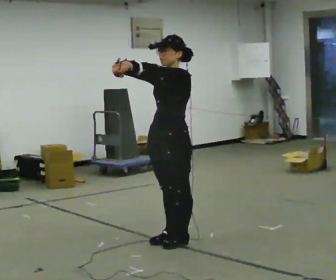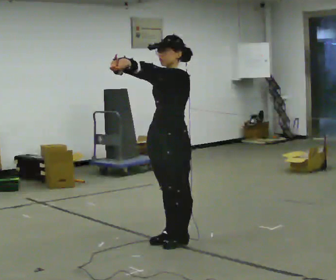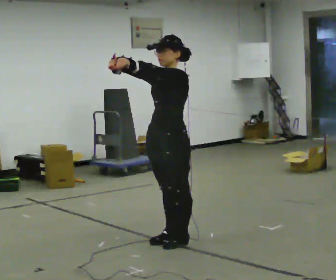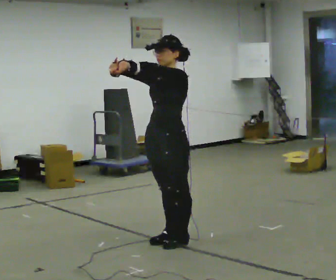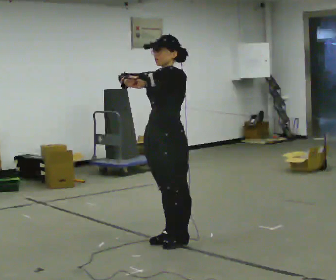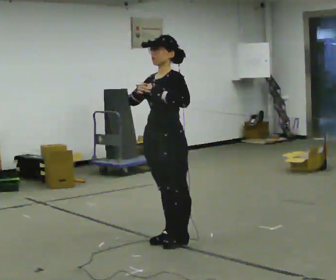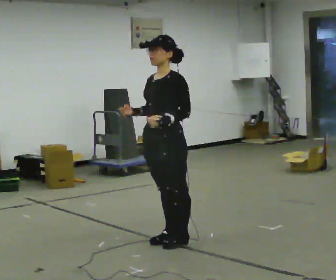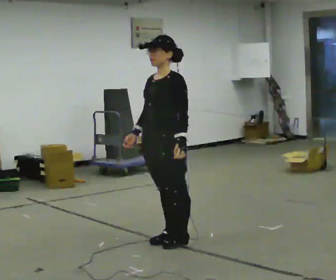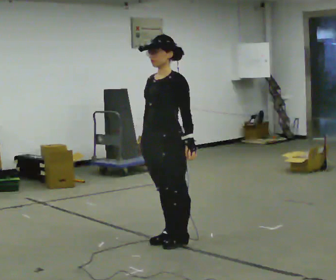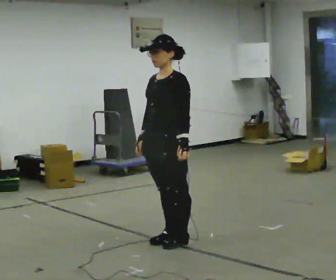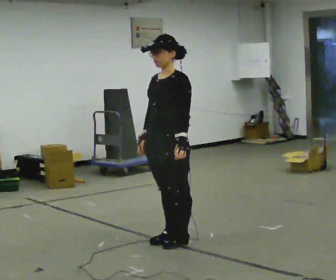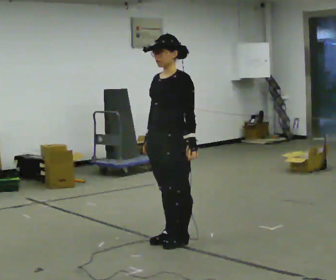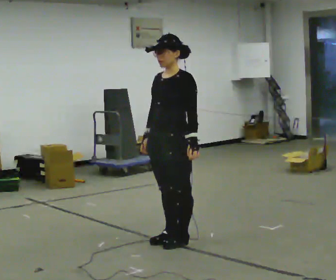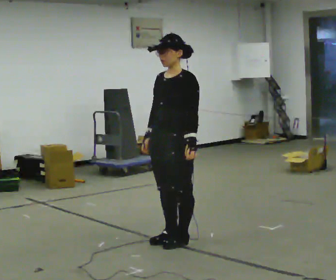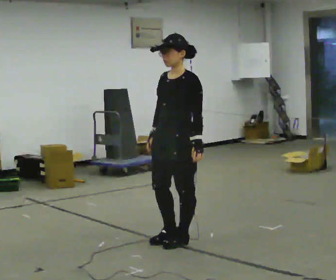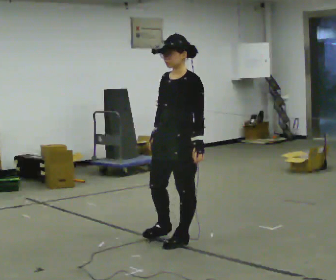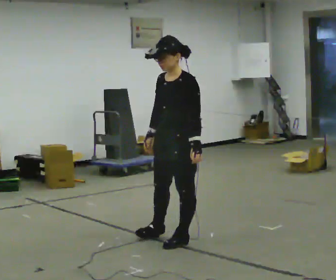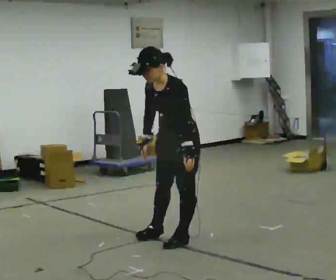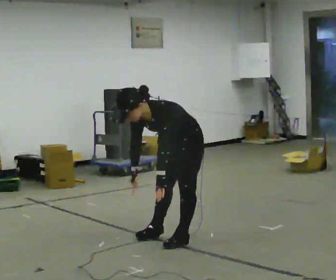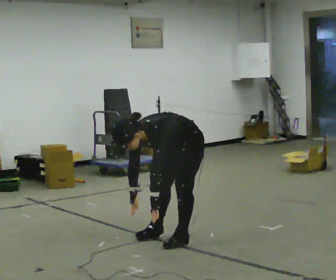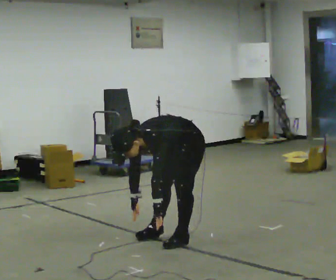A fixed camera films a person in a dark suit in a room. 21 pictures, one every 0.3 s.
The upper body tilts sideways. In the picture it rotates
counterclockwise.
The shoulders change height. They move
downward.
0.0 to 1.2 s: The person moves a little, or ends about where they began.
1.2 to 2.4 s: In the picture their left hand goes downward.
2.4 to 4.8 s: The person moves a little, or ends about where they began.
4.8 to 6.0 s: In the picture they go away from the camera, about 0.25 m, which for them is backward and to their right. The upper body goes downward. In the picture the upper body tilts counterclockwise, shoulders to the left, as they bend forward. In the picture their right hand goes downward.
The film runs forward here.
